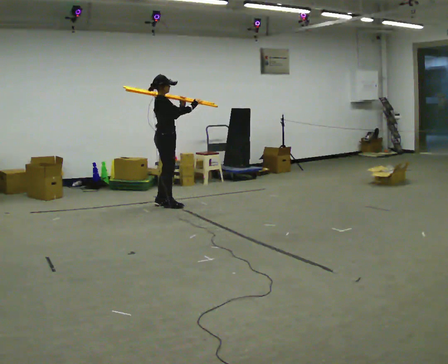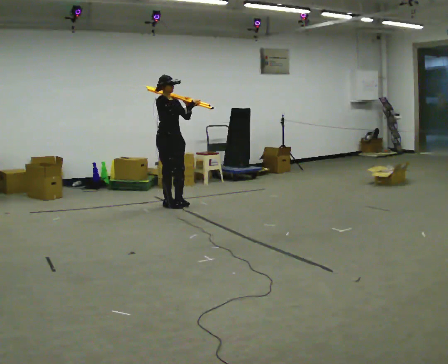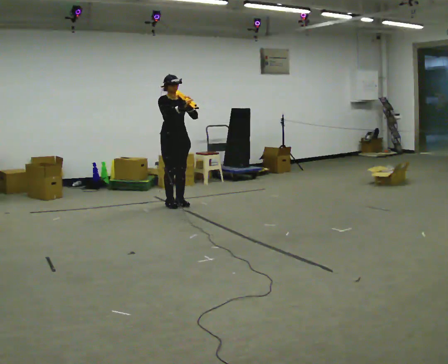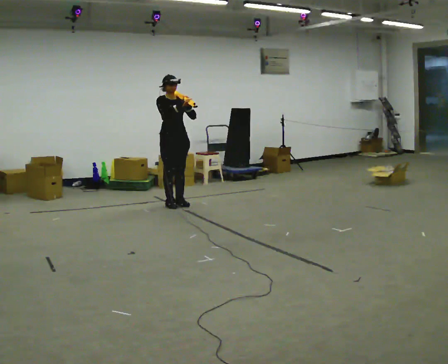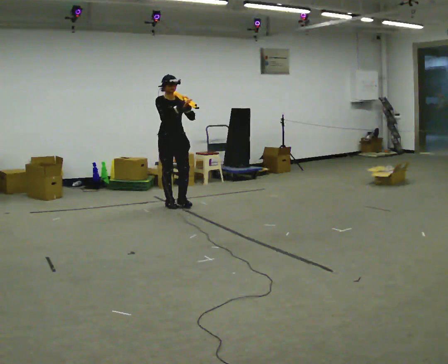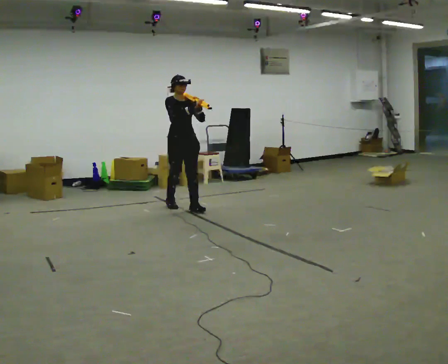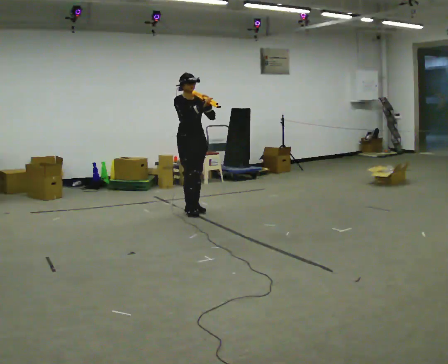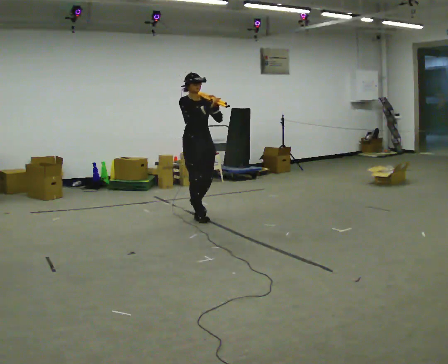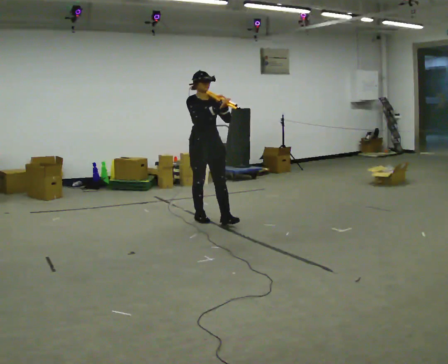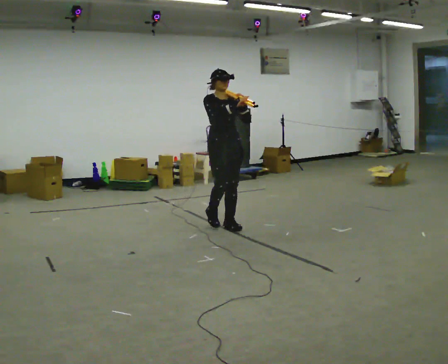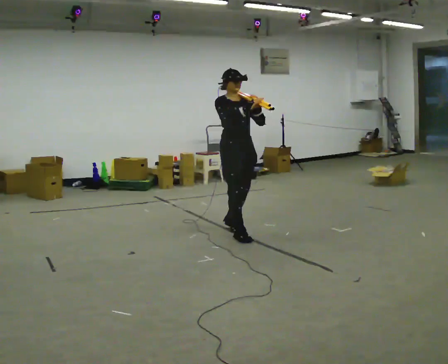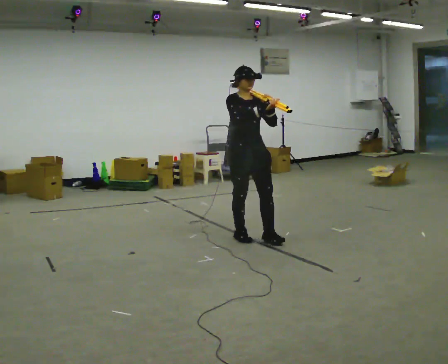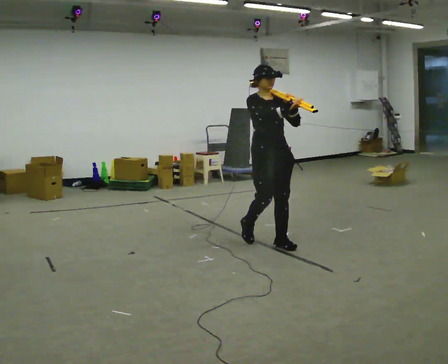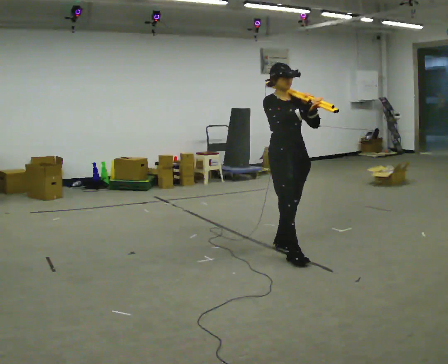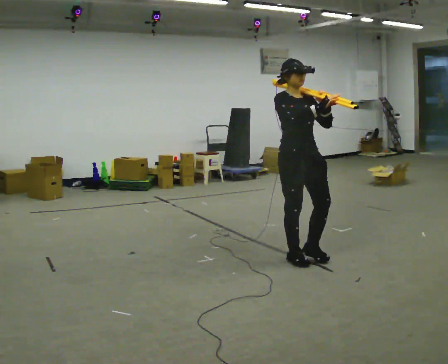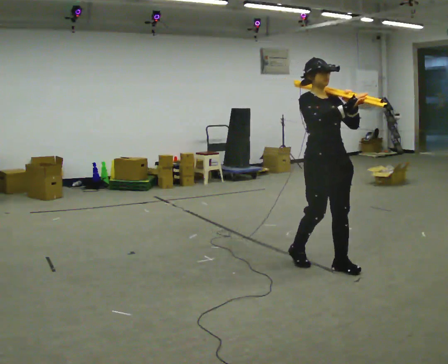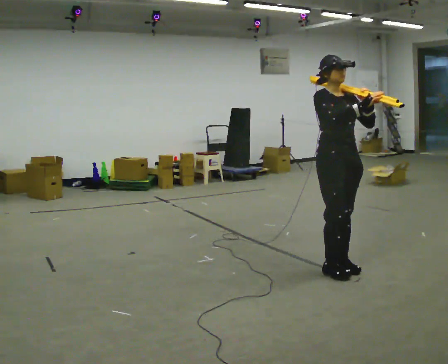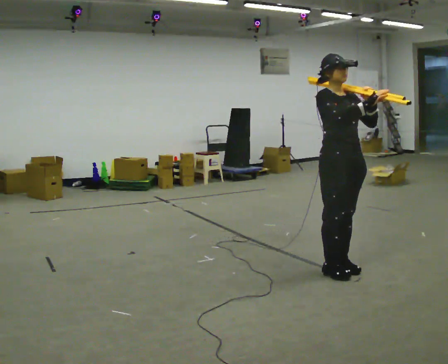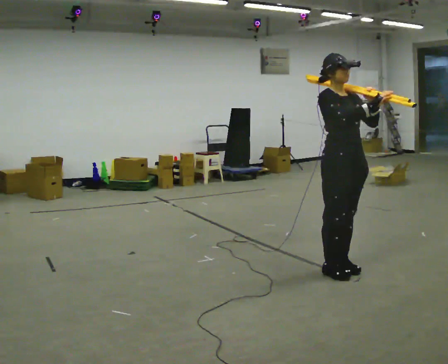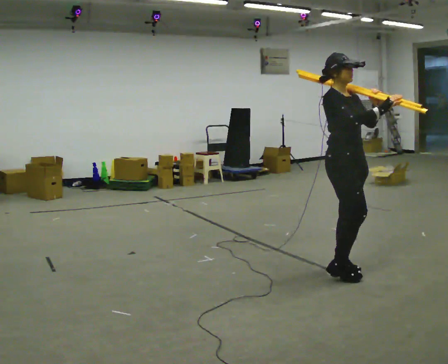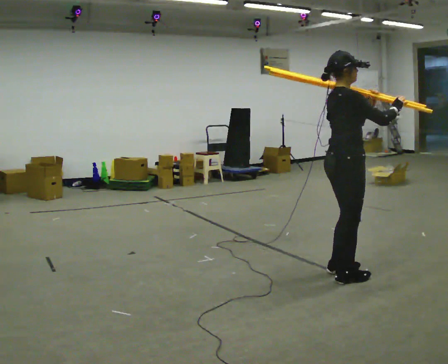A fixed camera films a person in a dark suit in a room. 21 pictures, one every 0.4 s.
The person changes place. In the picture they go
toward the camera.
0.0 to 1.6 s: The part of the body nearest the lens slides to the left as the person turns to their right by about 60 degrees.
1.6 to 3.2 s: In the picture they go toward the camera and to the right, about 1 m in 2 steps, which for them is forward.
3.2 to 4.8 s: In the picture they go toward the camera and to the right, about 1 m in 3 steps, which for them is forward.
4.8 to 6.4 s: In the picture they go toward the camera and to the right, about 1 m in 3 steps, which for them is forward.
6.4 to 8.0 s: The person turns about 60 degrees to their left, counterclockwise seen from above, so the part of the body nearest the lens slides to the right. In the picture they go toward the camera, about 0.25 m in 1 step, which for them is forward.
The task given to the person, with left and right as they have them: Rest the long object on the shoulder the operator calls and carry it across the room, back and forth.
The film runs forward here.
